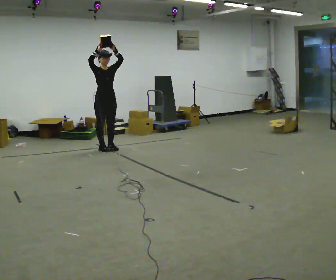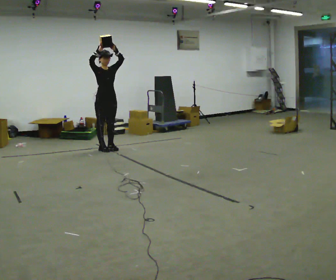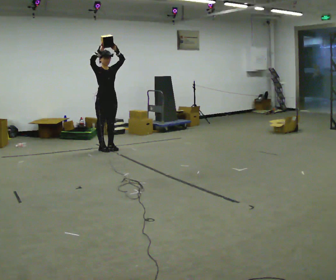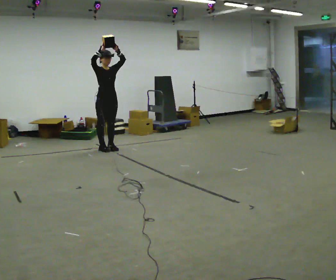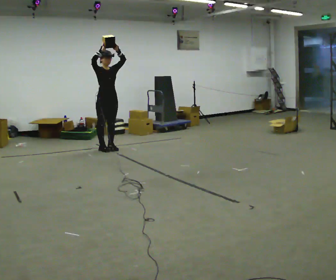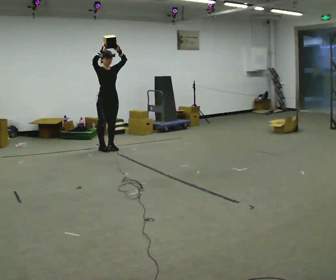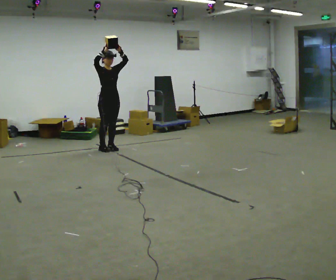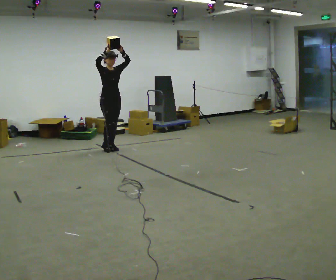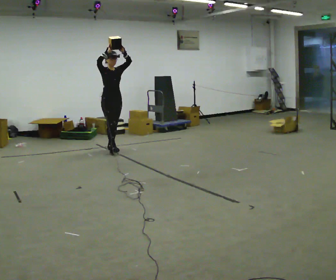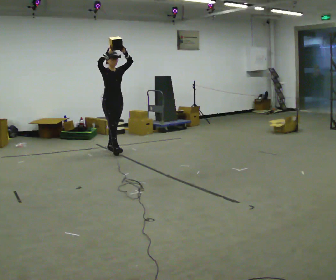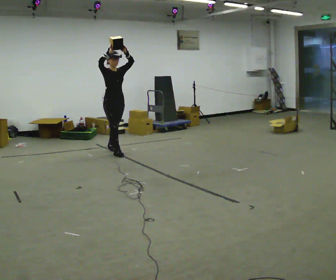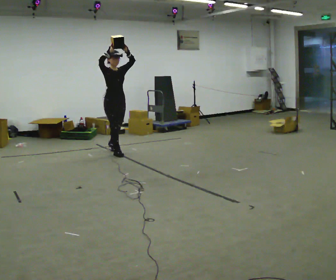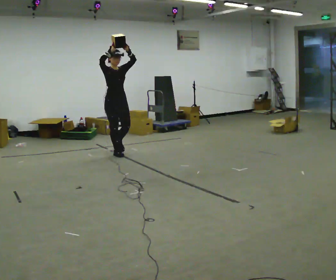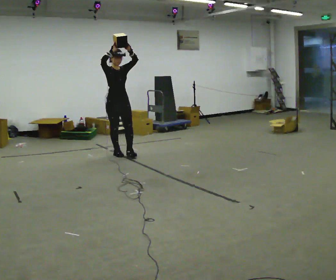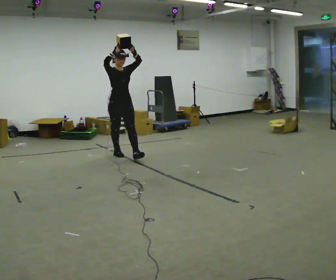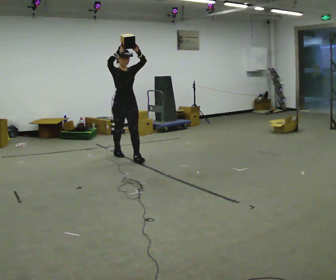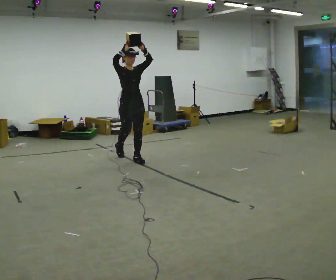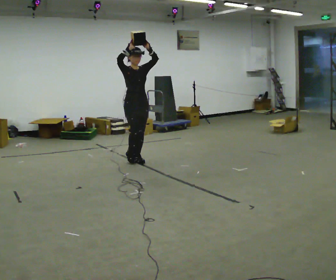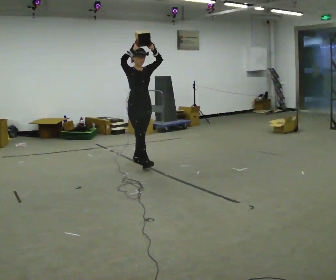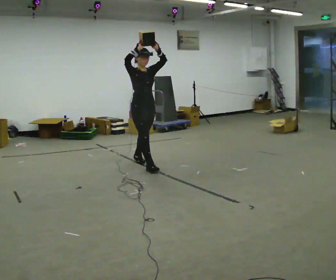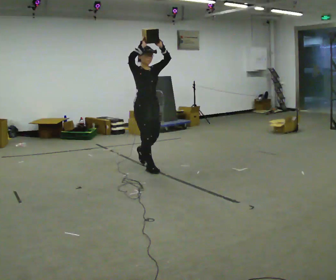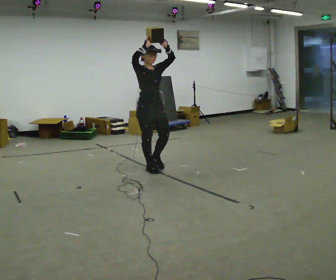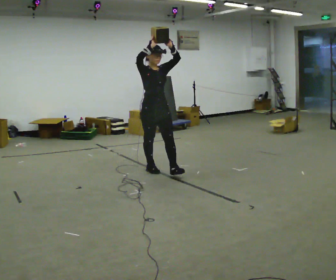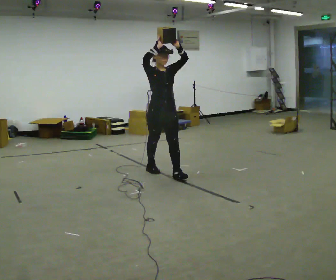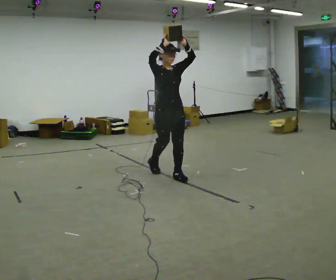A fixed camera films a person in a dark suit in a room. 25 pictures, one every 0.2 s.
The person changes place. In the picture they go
toward the camera.
0.0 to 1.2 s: The person moves a little, or ends about where they began.
1.2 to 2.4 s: In the picture they go toward the camera, about 0.5 m in 1 step, which for them is forward.
2.4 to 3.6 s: In the picture they go toward the camera and to the right, about 0.75 m in 1 step, which for them is forward.
3.6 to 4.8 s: In the picture they go toward the camera and to the right, about 1 m in 2 steps, which for them is forward.
The film runs forward here.
